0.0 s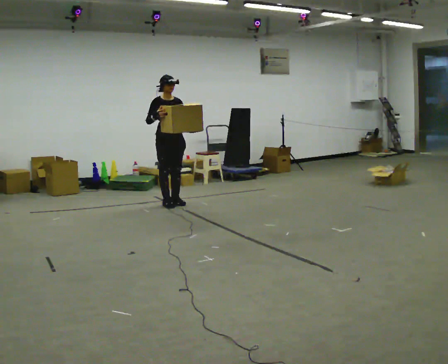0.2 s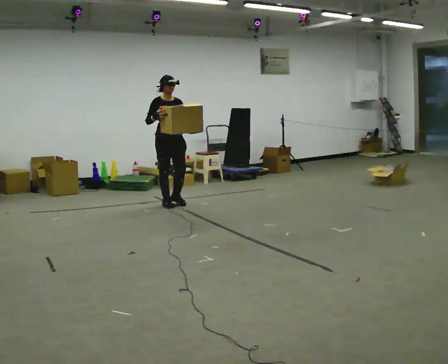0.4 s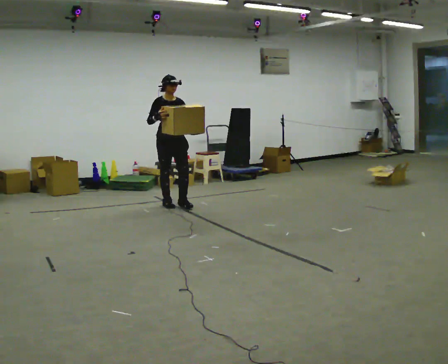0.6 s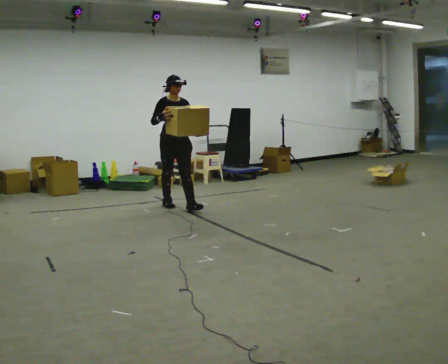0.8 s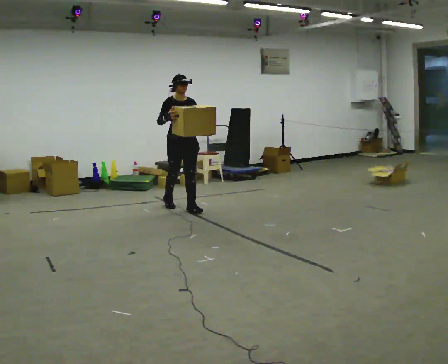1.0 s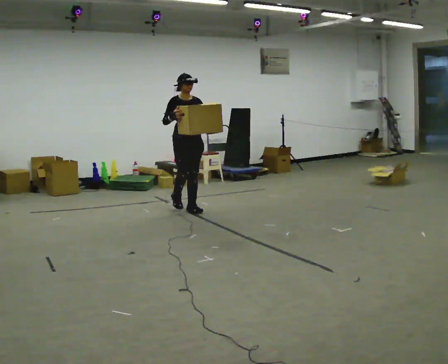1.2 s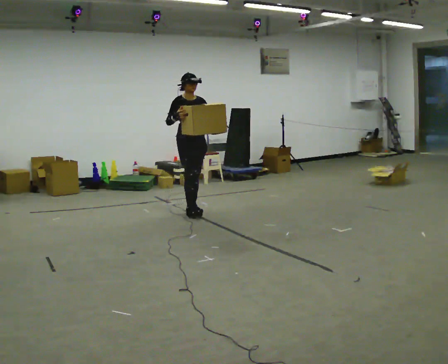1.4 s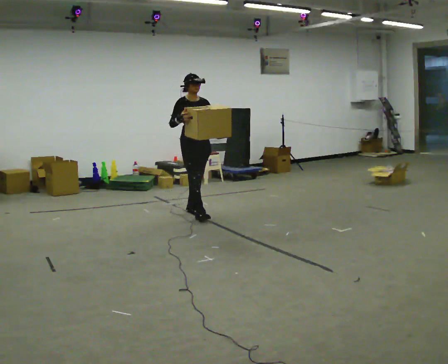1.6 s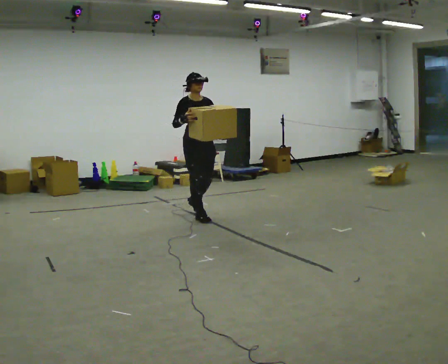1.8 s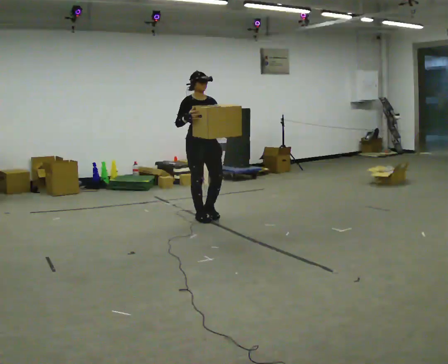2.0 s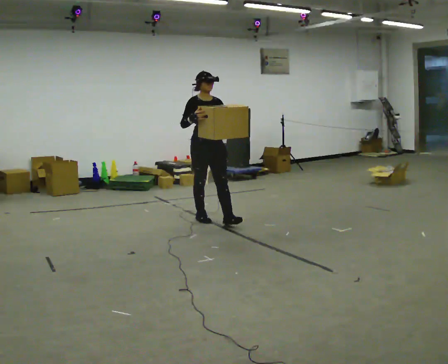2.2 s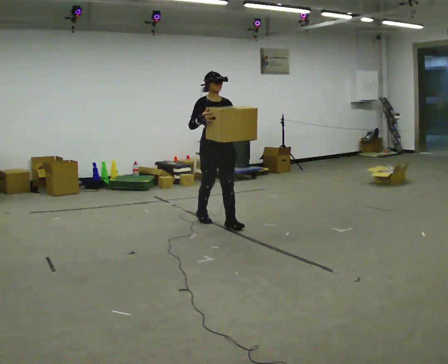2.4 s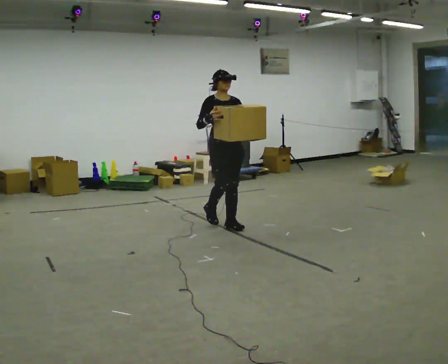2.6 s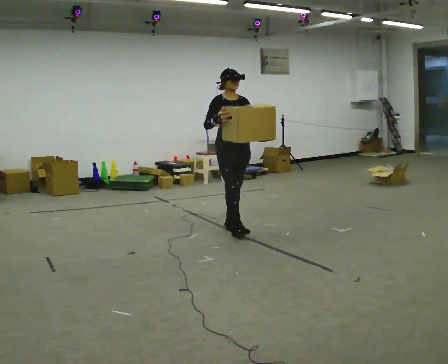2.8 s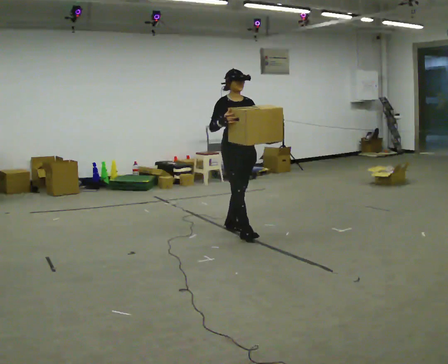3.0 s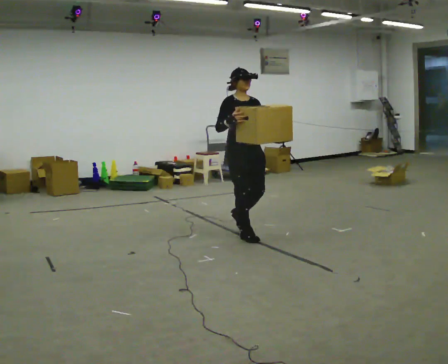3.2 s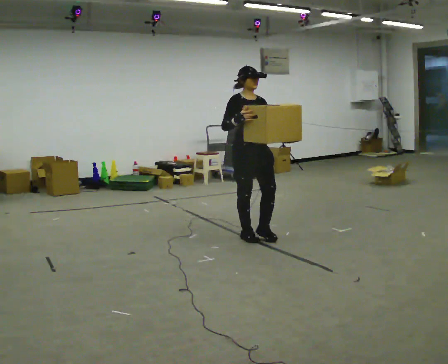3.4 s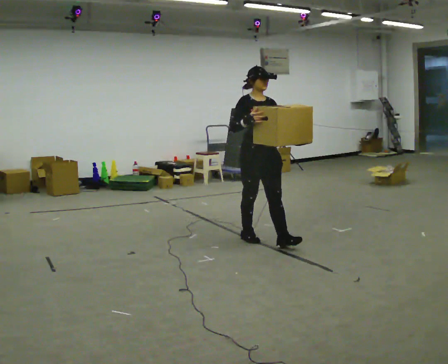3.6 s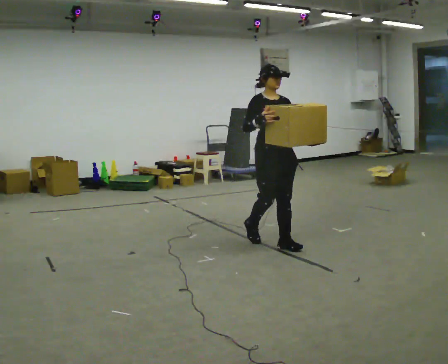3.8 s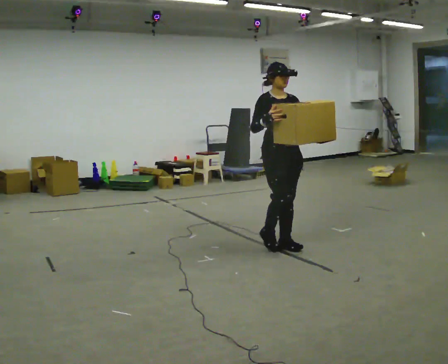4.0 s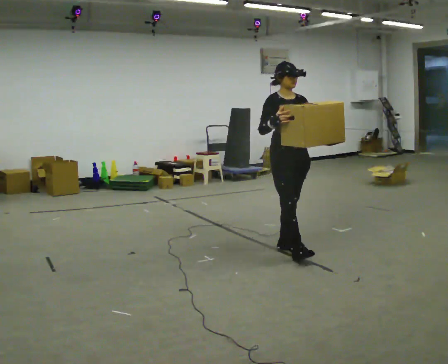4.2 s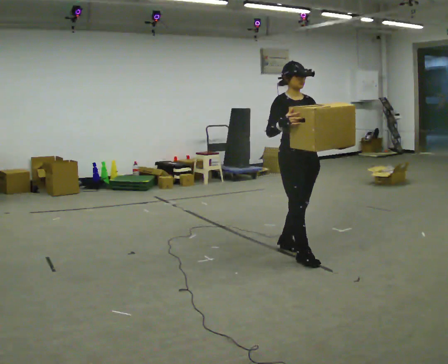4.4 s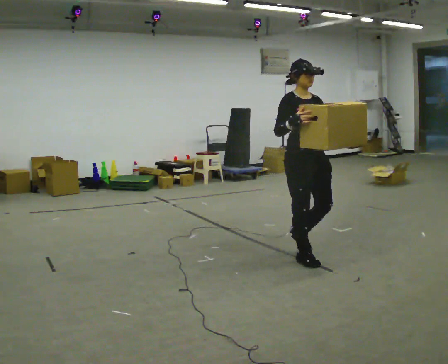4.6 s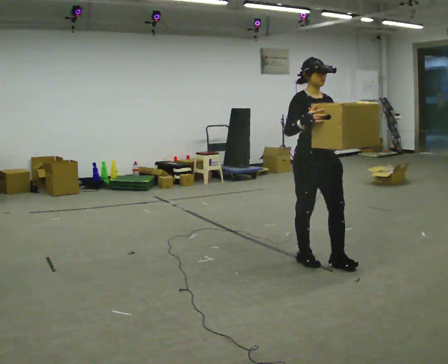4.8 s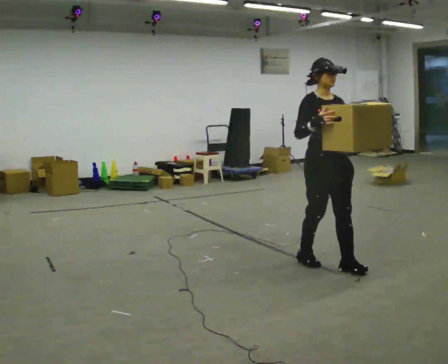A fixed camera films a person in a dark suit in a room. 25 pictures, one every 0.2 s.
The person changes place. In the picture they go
toward the camera.
0.0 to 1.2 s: In the picture they go toward the camera and to the right, about 0.5 m in 1 step, which for them is forward.
1.2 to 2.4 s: In the picture they go toward the camera and to the right, about 1 m in 2 steps, which for them is forward.
2.4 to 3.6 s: In the picture they go toward the camera and to the right, about 1 m in 2 steps, which for them is forward.
3.6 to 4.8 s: In the picture they go toward the camera and to the right, about 0.5 m in 2 steps, which for them is forward.
The film runs forward here.
